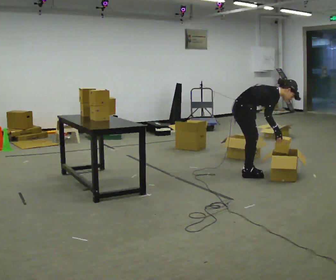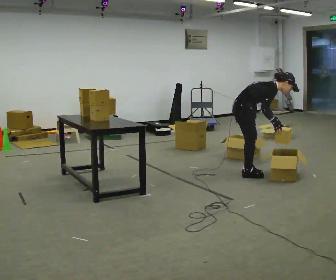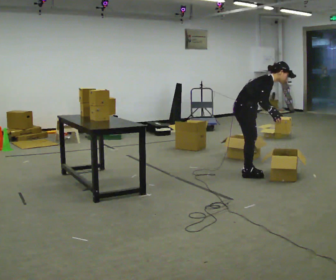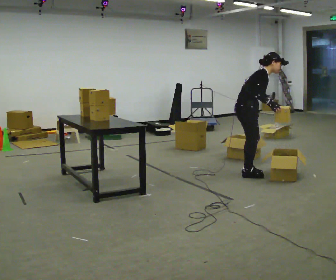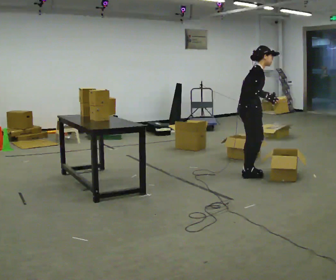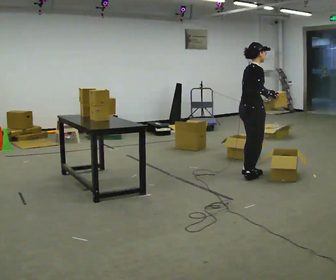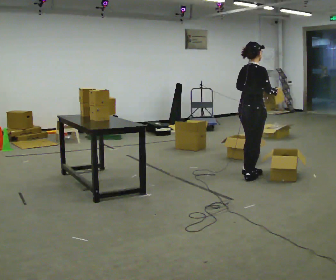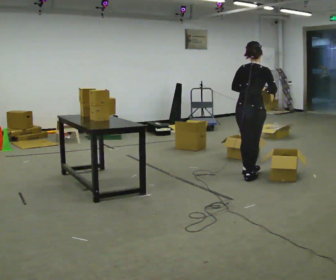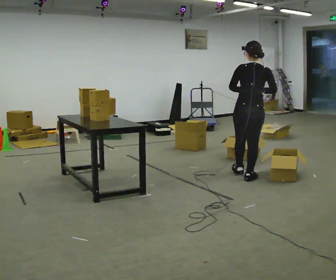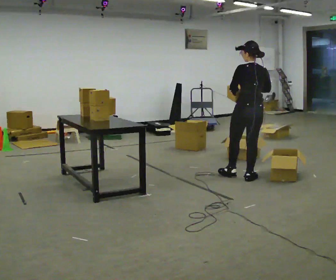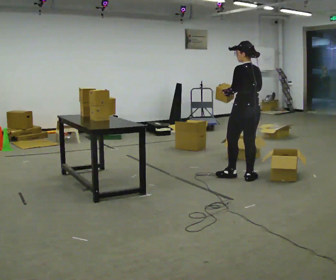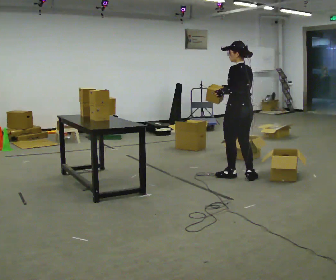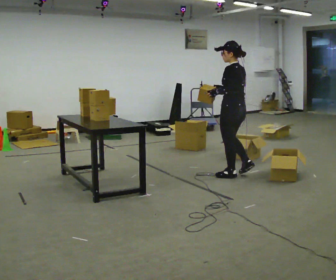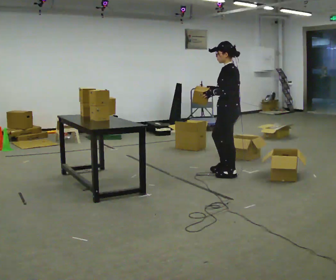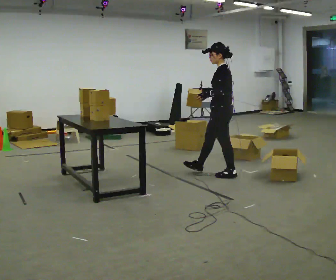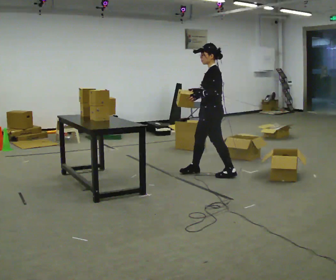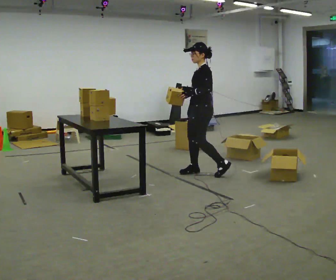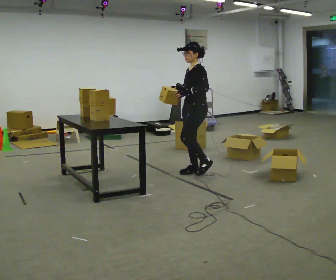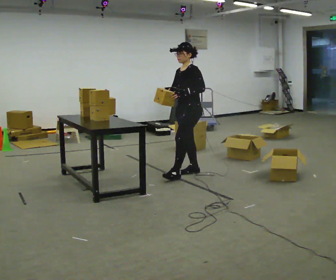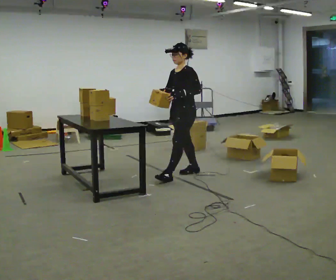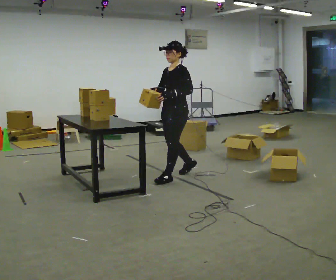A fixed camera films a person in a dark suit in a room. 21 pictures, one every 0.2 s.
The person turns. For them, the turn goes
to their left.
The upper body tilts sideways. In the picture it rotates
counterclockwise.
0.0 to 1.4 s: The person turns about 60 degrees to their left, counterclockwise seen from above, so the part of the body nearest the lens slides to the right. The upper body goes upward. In the picture the upper body tilts counterclockwise, shoulders to the left, as they lean back or straighten. In the picture their right hand goes upward.
1.4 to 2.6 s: The person turns about 105 degrees to their left, counterclockwise seen from above, so the part of the body nearest the lens slides to the right. In the picture they go to the left, about 0.25 m in 1 step. In the picture their right hand goes to the left.
2.6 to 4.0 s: The part of the body nearest the lens slides to the right as the person turns to their left by about 45 degrees. In the picture they go to the left, about 0.5 m in 2 steps, which for them is forward.
The film runs forward here.
